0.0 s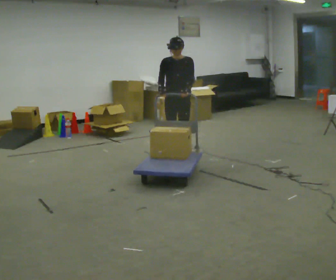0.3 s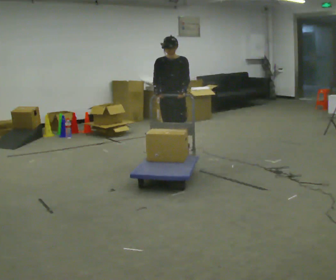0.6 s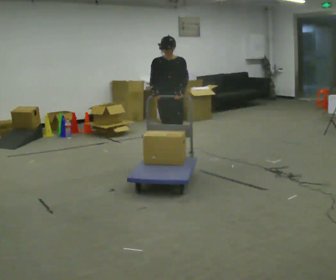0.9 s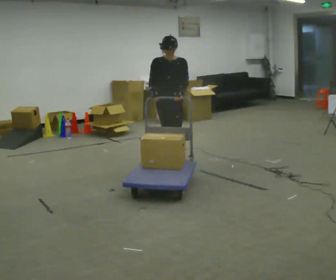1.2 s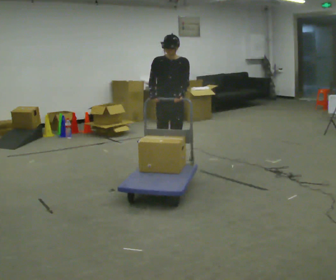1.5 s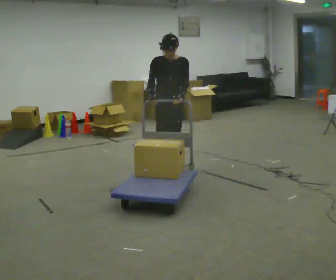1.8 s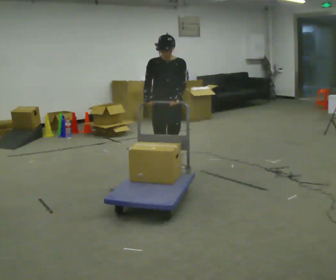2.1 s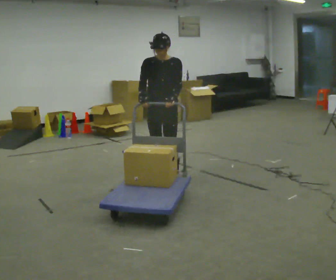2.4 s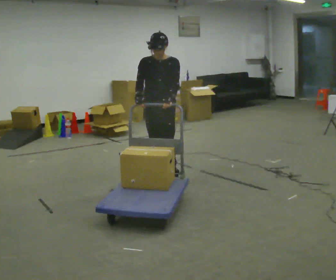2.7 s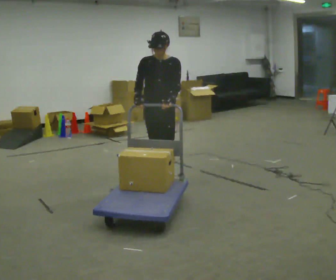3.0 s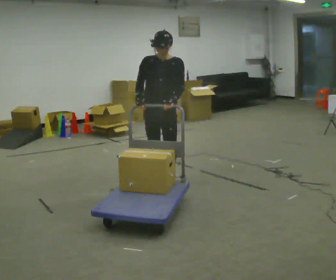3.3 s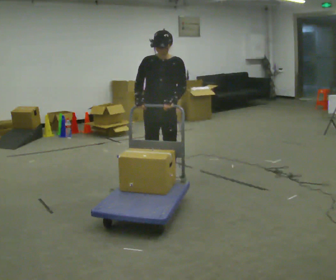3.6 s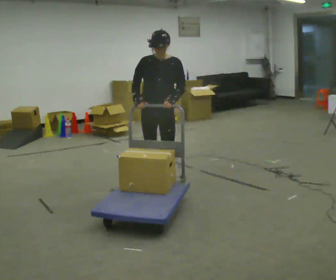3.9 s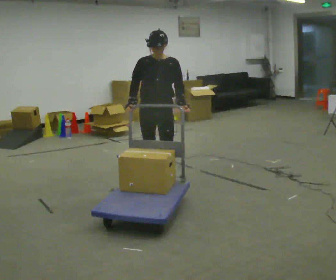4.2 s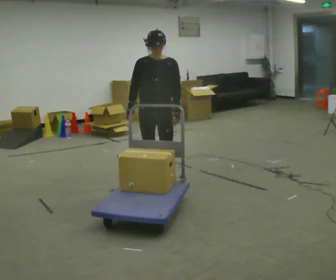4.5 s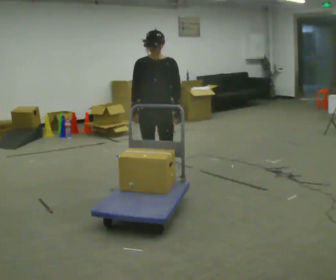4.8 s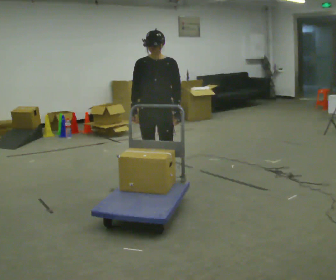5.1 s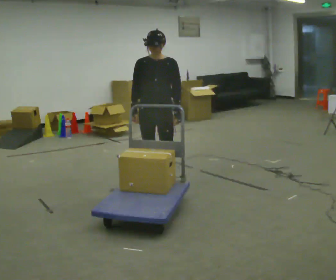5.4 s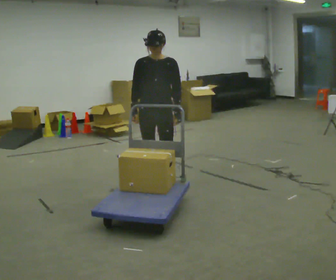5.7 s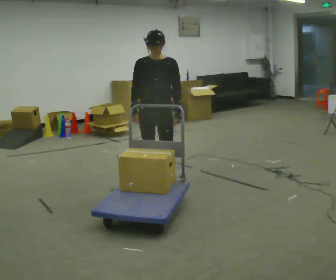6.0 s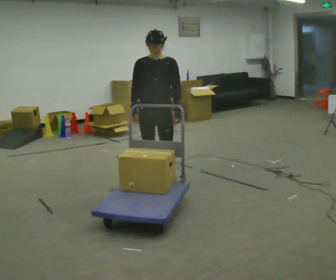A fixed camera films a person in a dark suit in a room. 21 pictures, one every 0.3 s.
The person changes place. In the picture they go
toward the camera.
0.0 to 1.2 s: In the picture they go toward the camera, about 0.5 m in 1 step, which for them is forward.
1.2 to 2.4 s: In the picture they go toward the camera, about 0.5 m in 1 step, which for them is forward.
2.4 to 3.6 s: In the picture they go toward the camera, about 0.25 m in 2 steps, which for them is forward.
3.6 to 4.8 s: The person moves a little, or ends about where they began.
4.8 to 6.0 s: The person keeps their place and pose.
The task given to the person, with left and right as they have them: Push the loaded cart from one corner of the room to the other, turn it round, and push it back. Keep going until the operator says stop.
The film runs forward here.
